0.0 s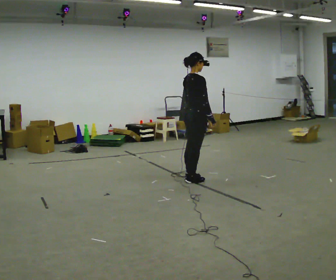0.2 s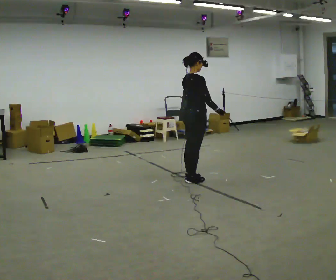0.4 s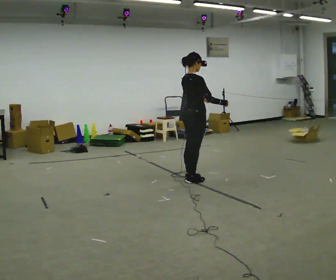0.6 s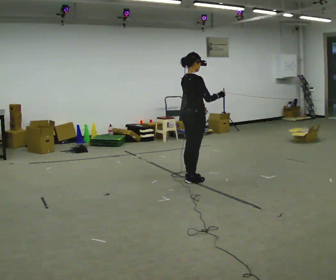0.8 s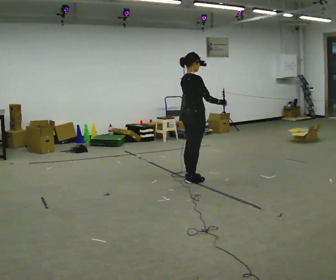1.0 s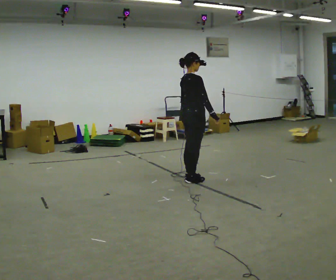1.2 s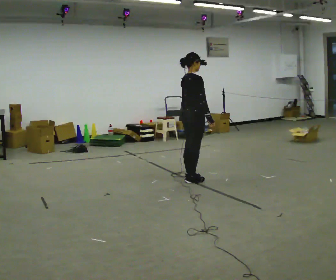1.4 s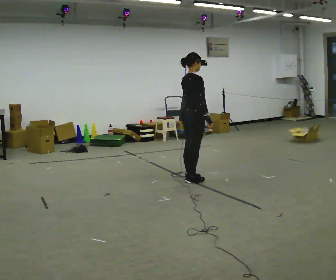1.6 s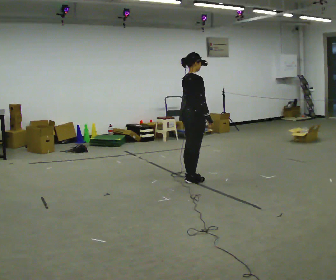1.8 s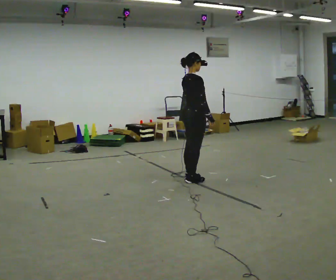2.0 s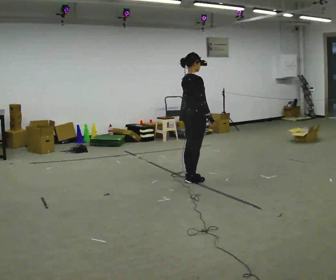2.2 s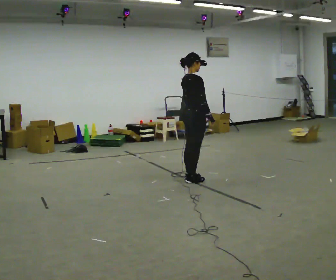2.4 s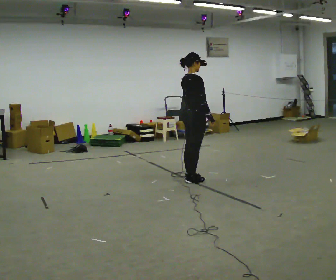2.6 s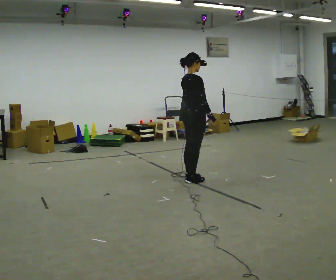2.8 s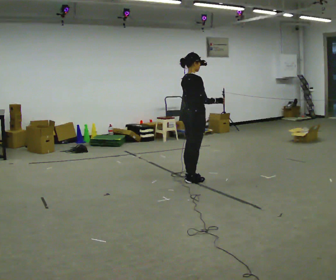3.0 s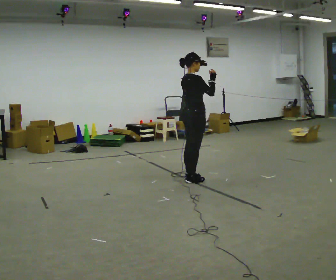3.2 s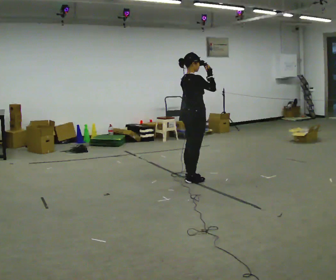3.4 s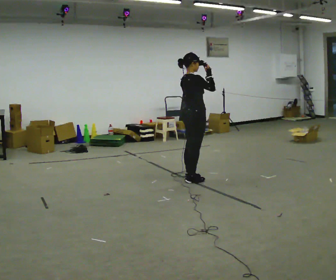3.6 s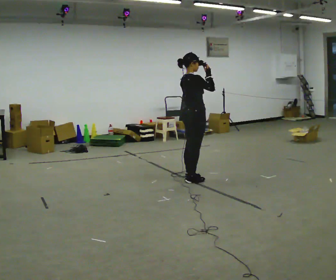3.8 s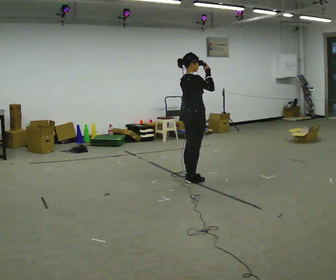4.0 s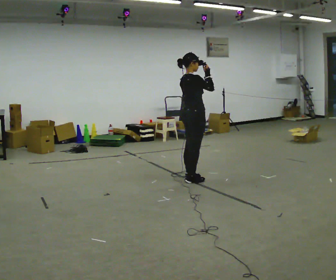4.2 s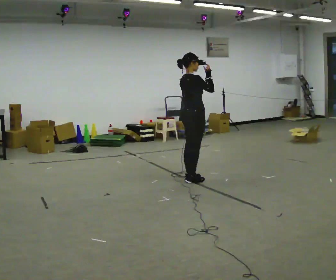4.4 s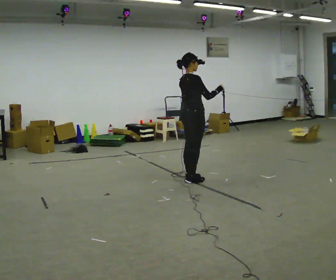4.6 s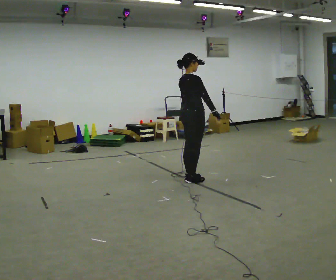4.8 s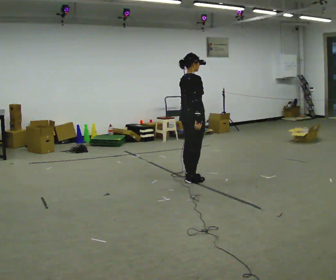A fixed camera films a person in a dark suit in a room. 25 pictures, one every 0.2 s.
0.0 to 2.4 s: The person moves a little, or ends about where they began.
2.4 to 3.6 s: In the picture their right hand goes upward.
3.6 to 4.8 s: In the picture their right hand goes downward.
The film runs forward here.
